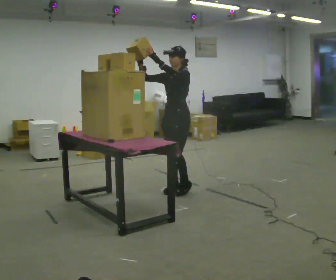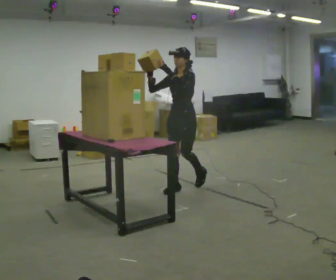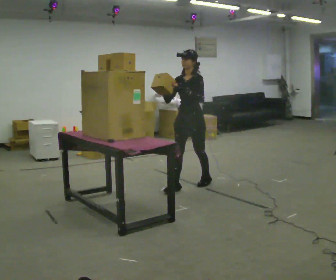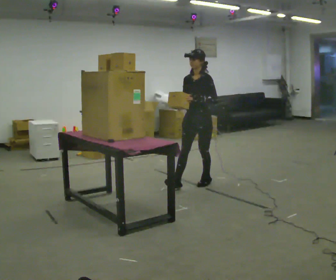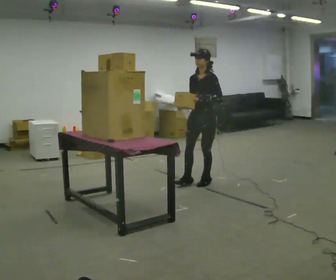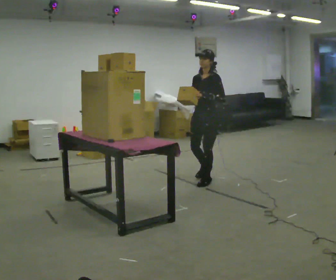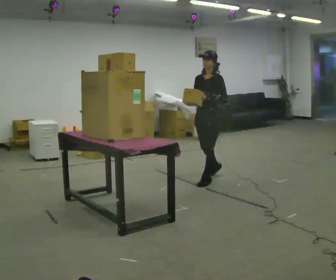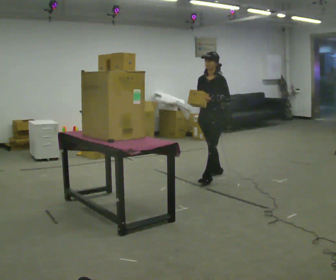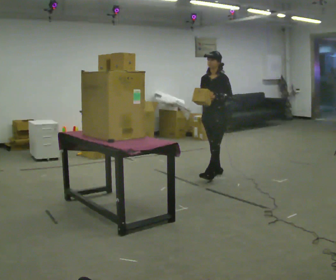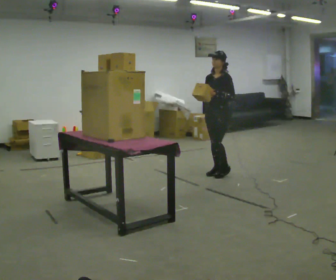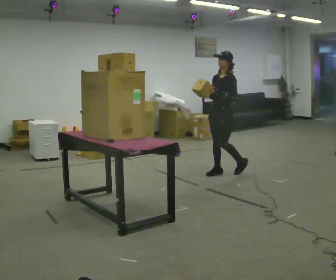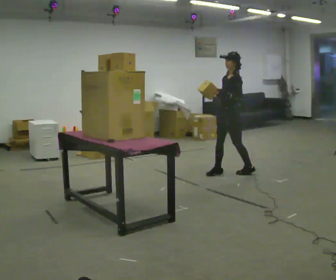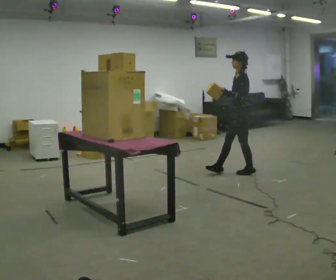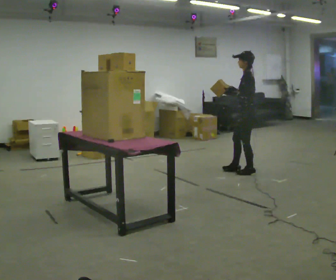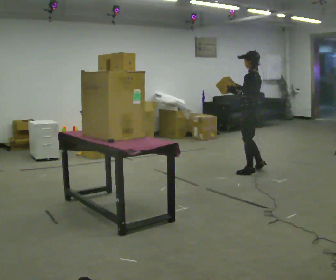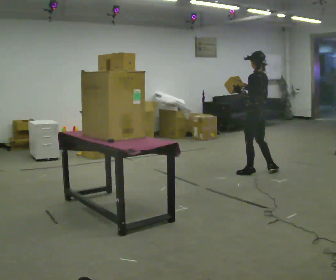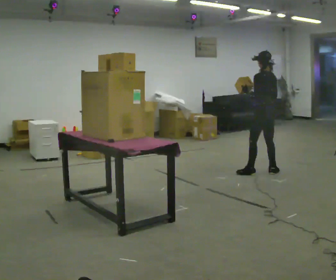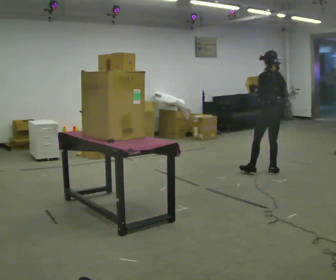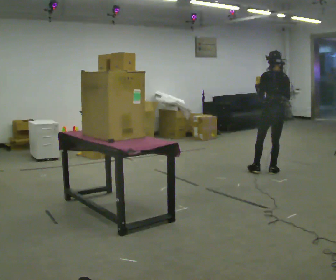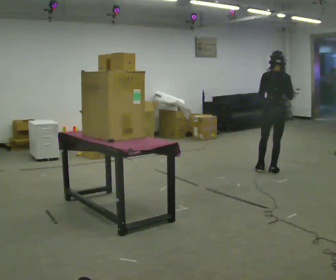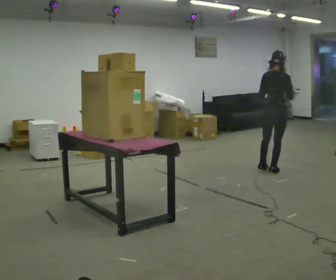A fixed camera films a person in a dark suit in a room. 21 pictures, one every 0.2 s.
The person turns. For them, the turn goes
to their right.
The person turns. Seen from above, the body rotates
clockwise.
0.0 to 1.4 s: In the picture they go away from the camera and to the right, about 0.5 m in 1 step, which for them is backward. In the picture their left hand goes downward.
1.4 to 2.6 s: Seen from above the body turns clockwise, about 60 degrees: to their right, with its near side sliding to the left. In the picture they go to the right, about 0.5 m in 2 steps.
2.6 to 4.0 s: The part of the body nearest the lens slides to the left as the person turns to their right by about 105 degrees. In the picture they go to the right, about 0.5 m in 1 step.
The film runs backward here.
